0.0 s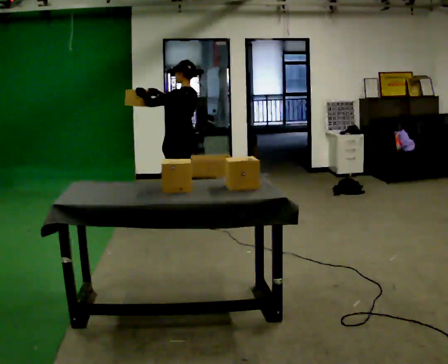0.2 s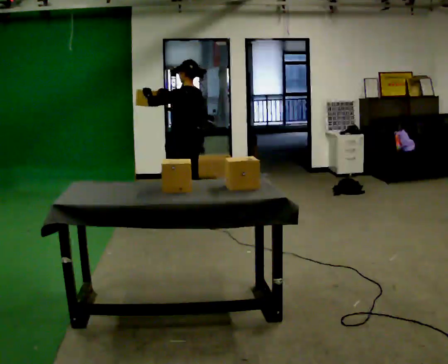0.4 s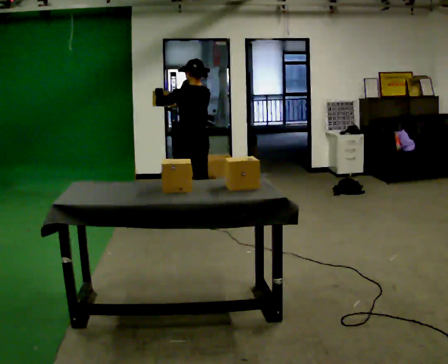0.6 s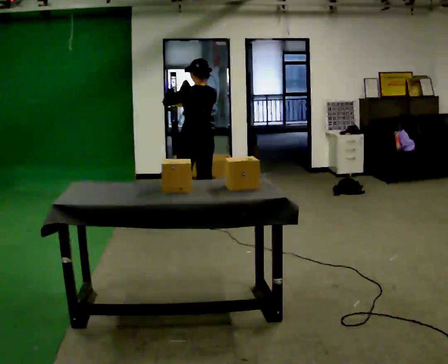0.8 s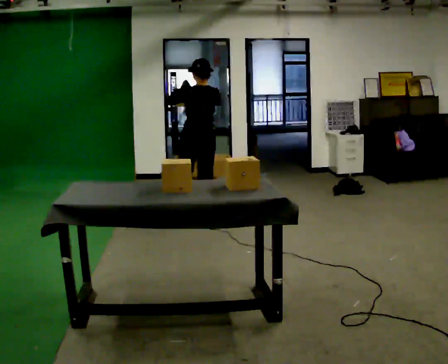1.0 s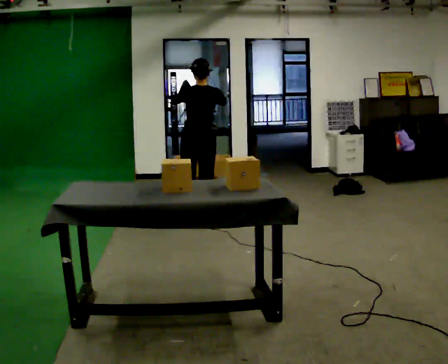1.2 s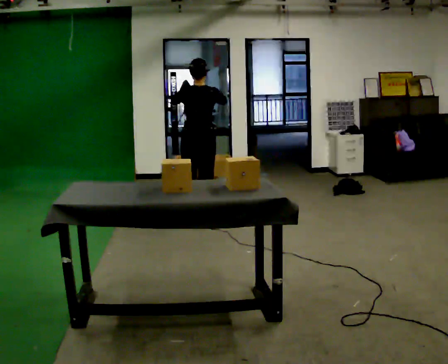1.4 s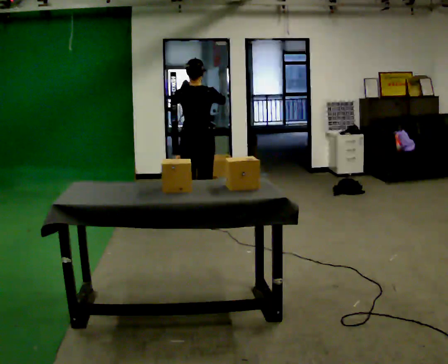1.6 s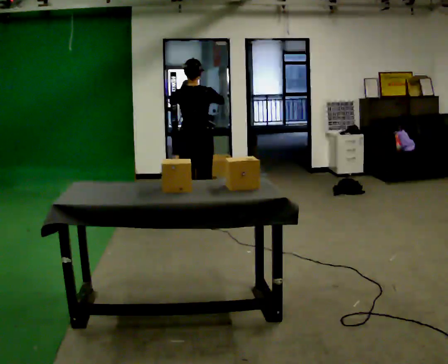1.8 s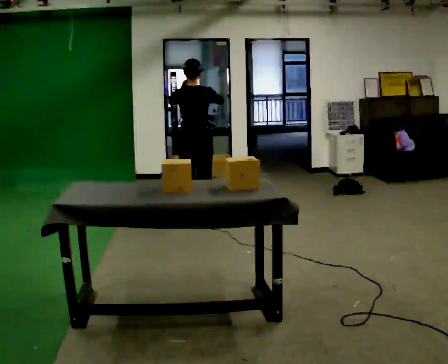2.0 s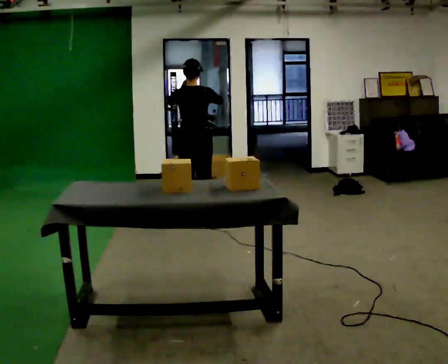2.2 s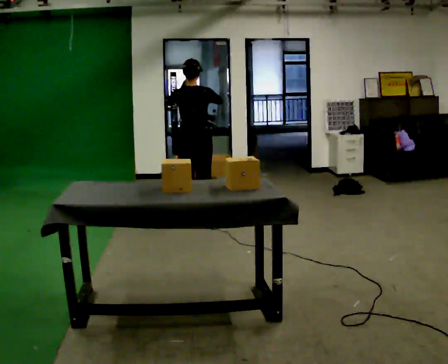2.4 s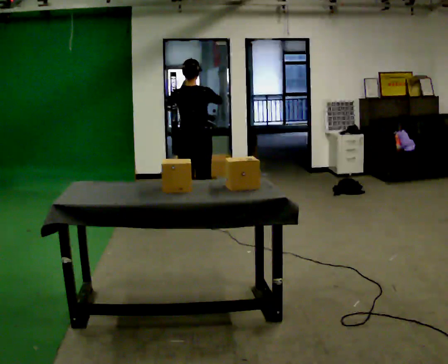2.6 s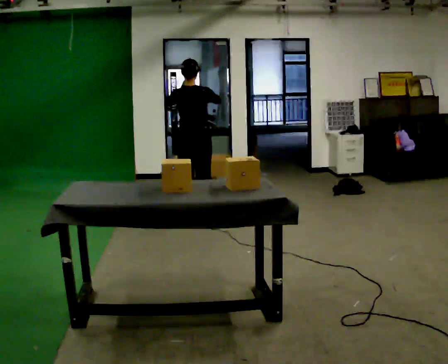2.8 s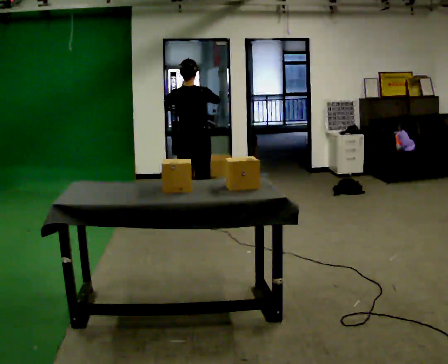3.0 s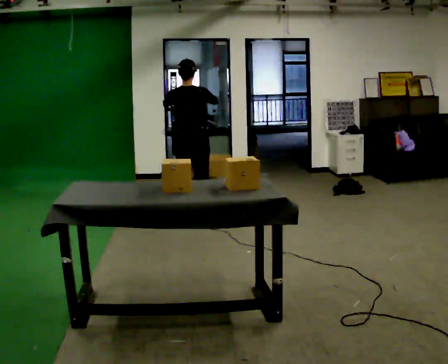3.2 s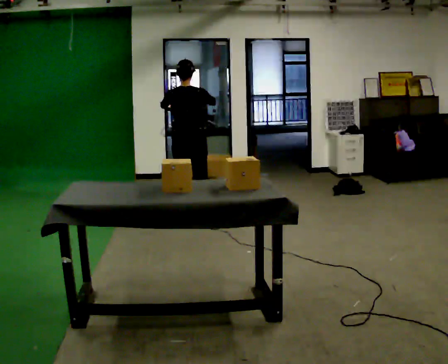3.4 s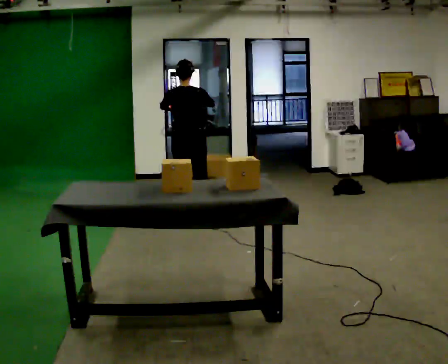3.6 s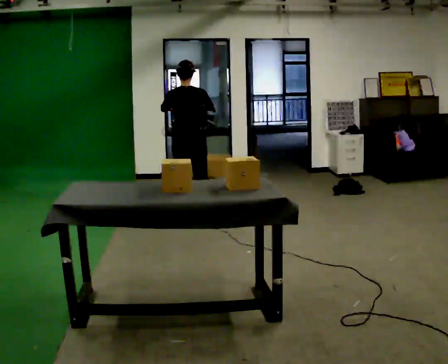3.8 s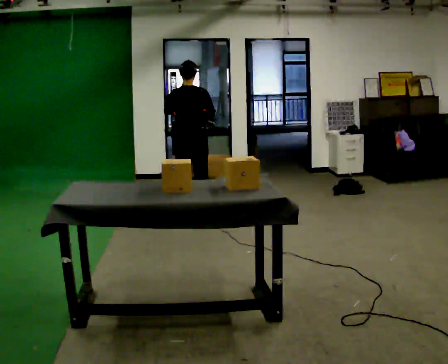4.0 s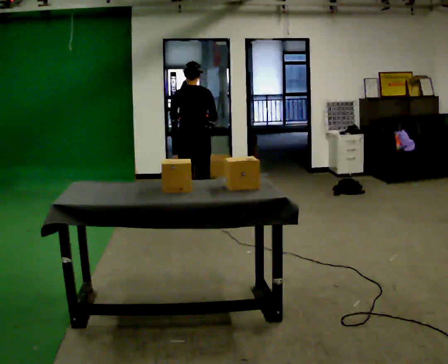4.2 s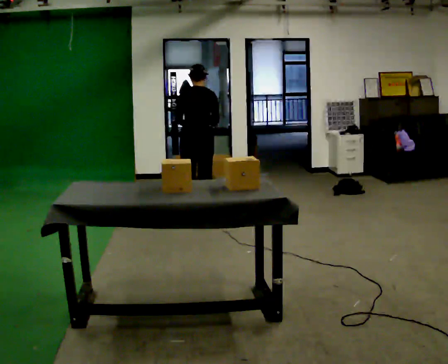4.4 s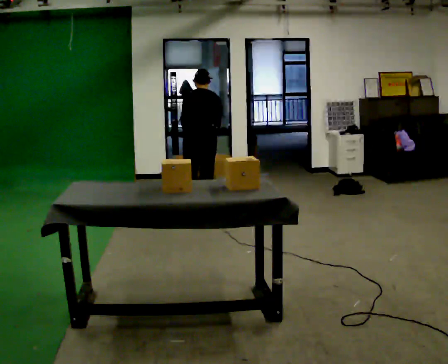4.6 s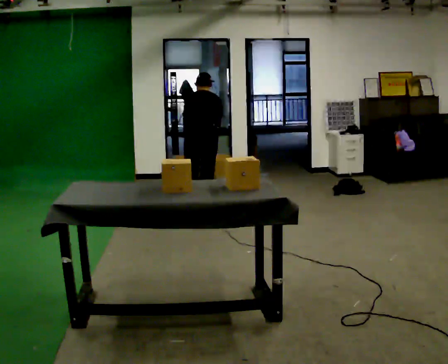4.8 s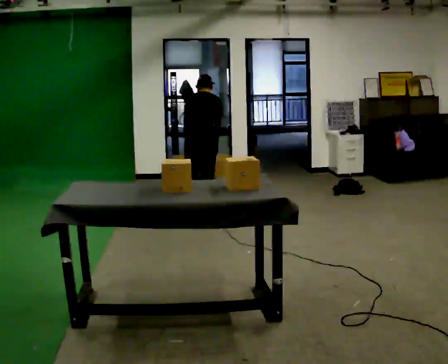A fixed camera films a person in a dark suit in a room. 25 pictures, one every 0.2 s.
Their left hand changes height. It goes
downward.
The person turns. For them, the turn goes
to their right.
0.0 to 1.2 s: The part of the body nearest the lens slides to the left as the person turns to their right by about 60 degrees. In the picture they go to the right, about 0.25 m. In the picture their left hand goes to the right.
1.2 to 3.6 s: The person moves a little, or ends about where they began.
3.6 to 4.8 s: In the picture they go away from the camera, about 0.25 m, which for them is forward and to their right. The upper body tips away from the camera, its near side rolling upward, as they bend forward. In the picture their left hand goes downward.
The film runs backward here.
